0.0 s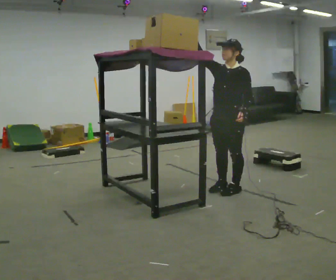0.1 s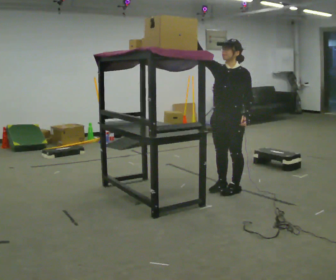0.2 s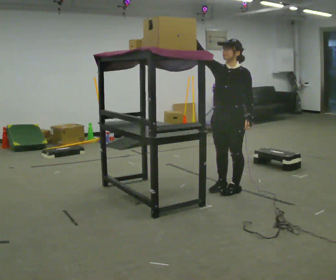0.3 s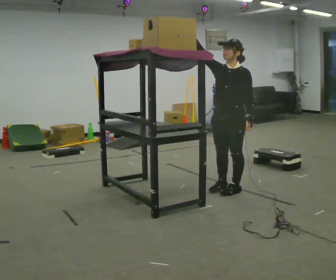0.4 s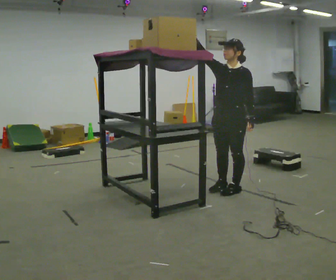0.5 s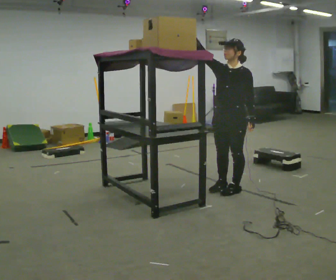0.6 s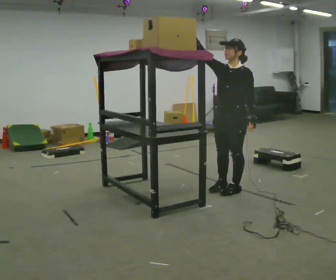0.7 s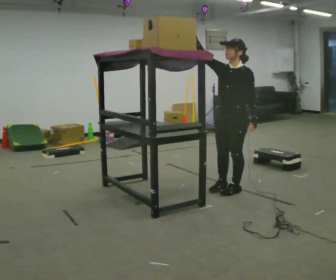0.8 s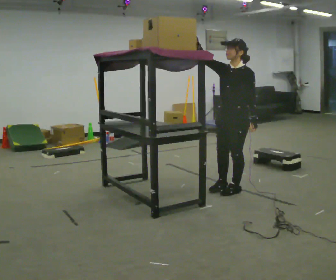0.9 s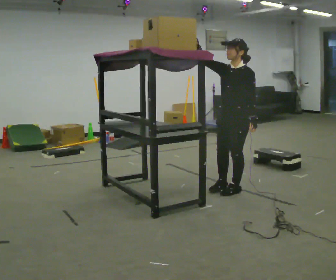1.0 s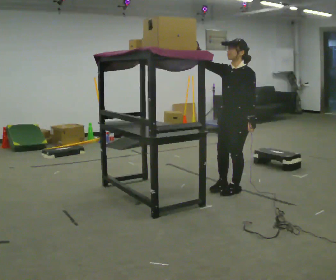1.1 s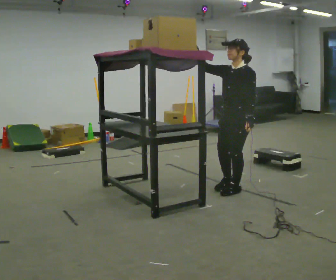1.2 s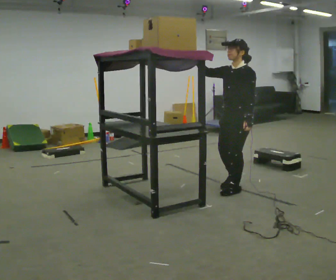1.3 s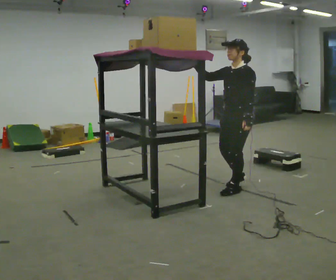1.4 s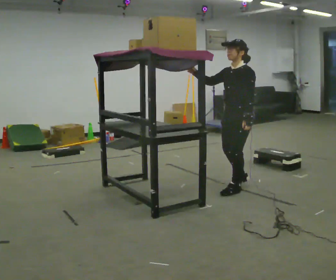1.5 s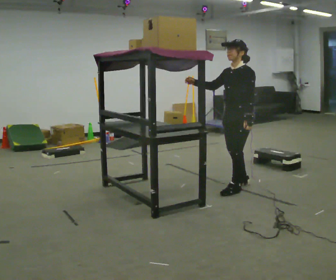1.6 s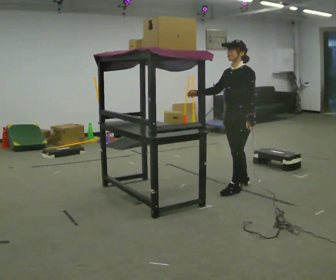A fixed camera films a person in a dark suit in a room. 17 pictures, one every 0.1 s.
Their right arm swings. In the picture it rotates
counterclockwise.
Their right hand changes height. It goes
downward.
0.0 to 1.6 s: In the picture their right hand goes downward, the arm swinging counterclockwise.
The film runs backward here.
